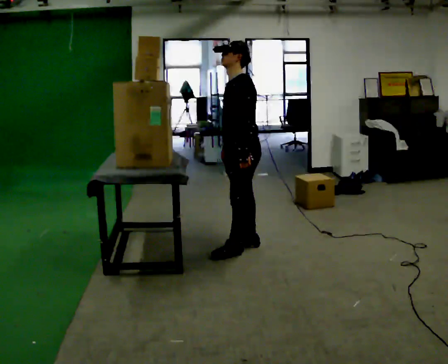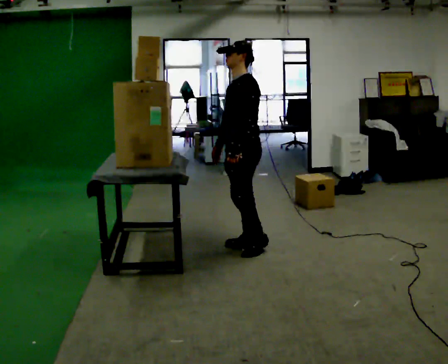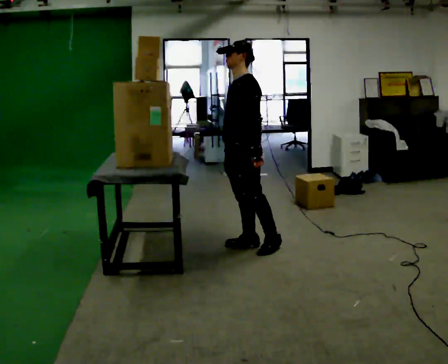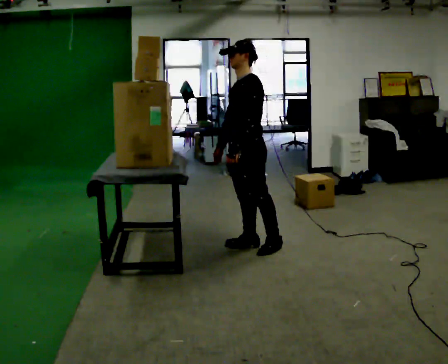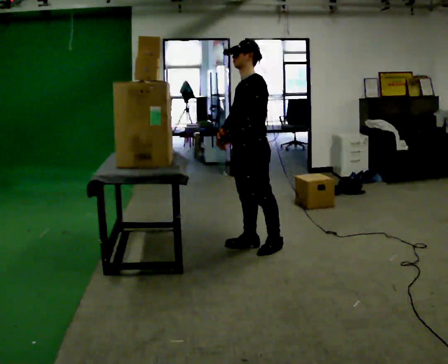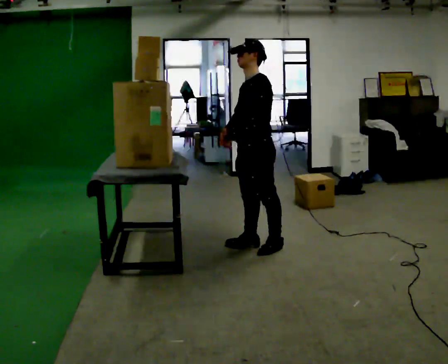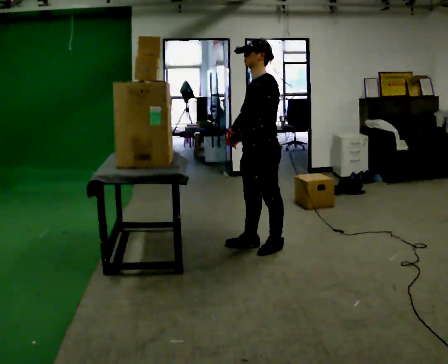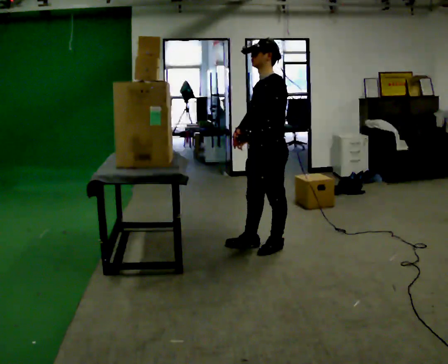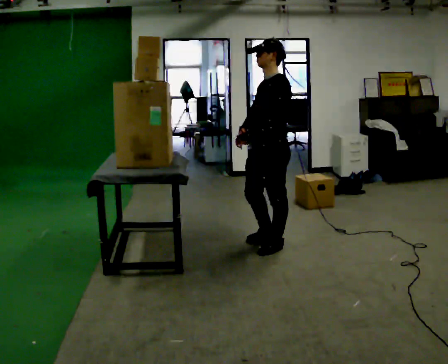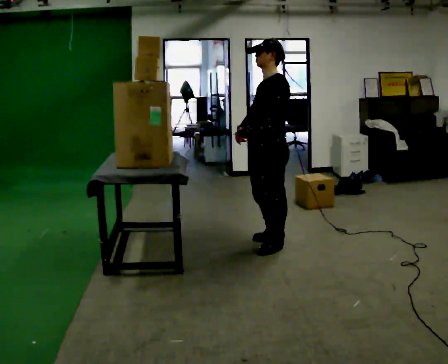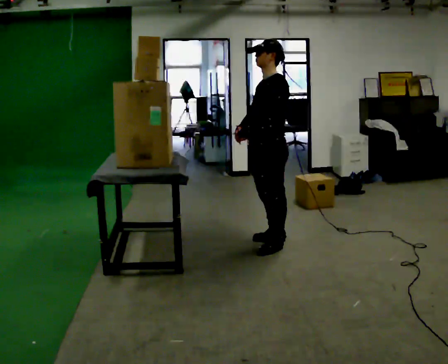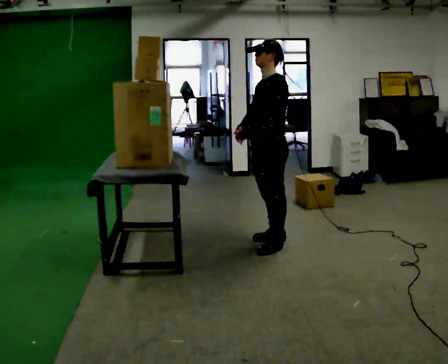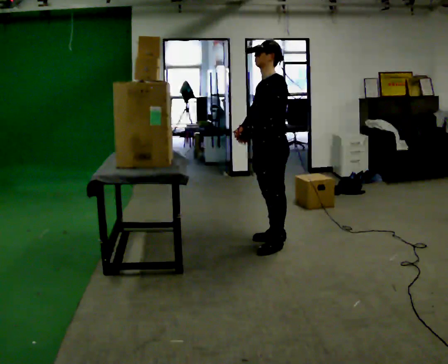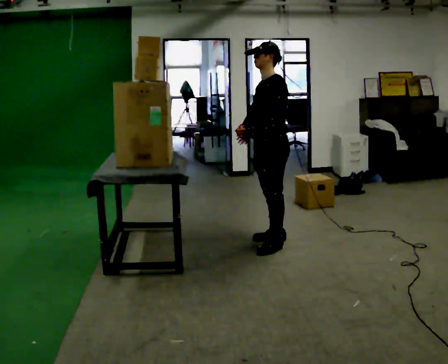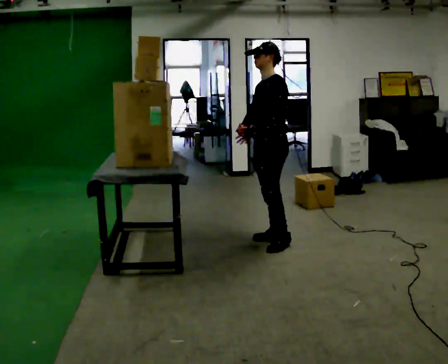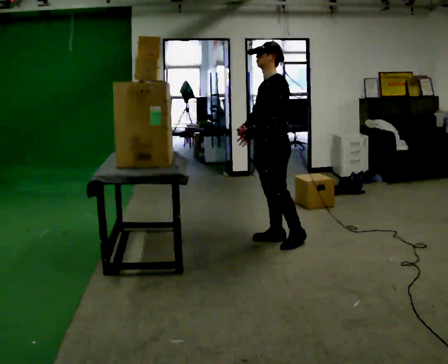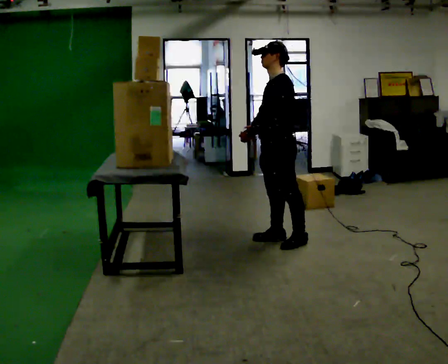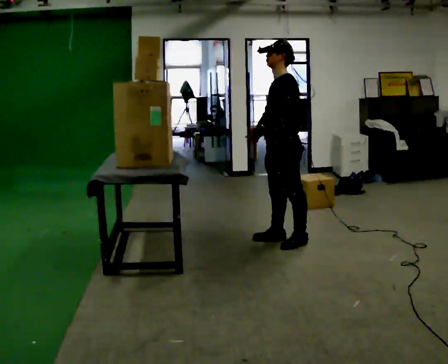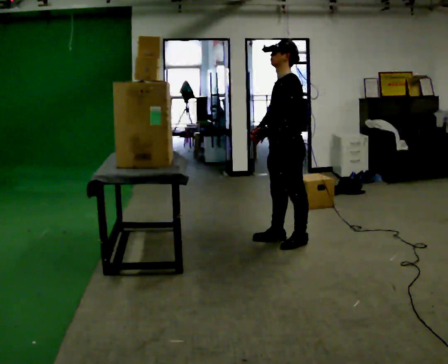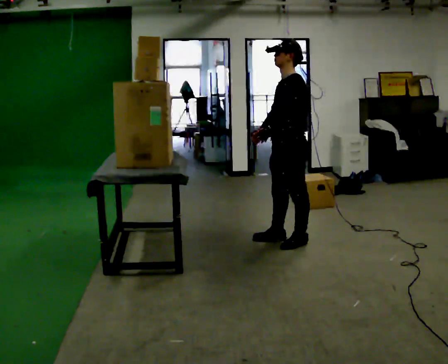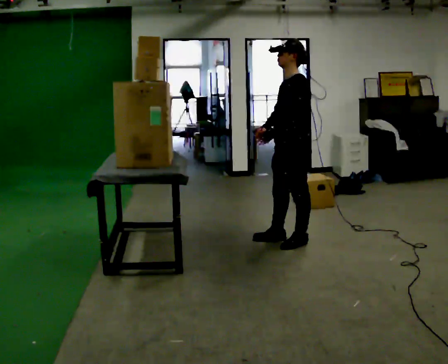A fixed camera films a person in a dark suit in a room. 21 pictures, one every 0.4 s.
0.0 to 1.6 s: The person moves a little, or ends about where they began.
1.6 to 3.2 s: In the picture they go to the right, about 0.25 m in 1 step, which for them is to their left.
3.2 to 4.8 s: In the picture they go away from the camera, about 0.25 m, which for them is to their right.
4.8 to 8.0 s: In the picture they go to the right, about 0.25 m in 1 step, which for them is backward.
The film runs backward here.
